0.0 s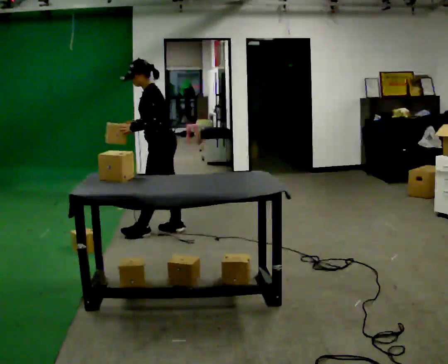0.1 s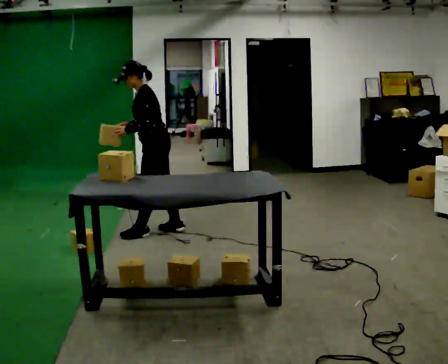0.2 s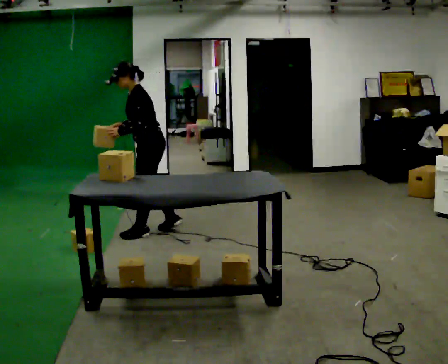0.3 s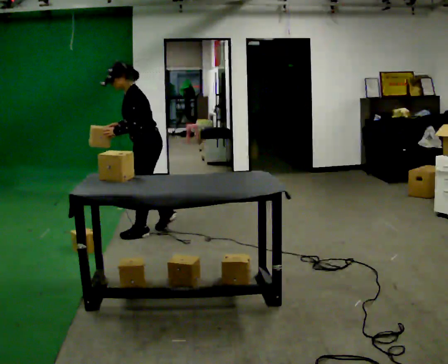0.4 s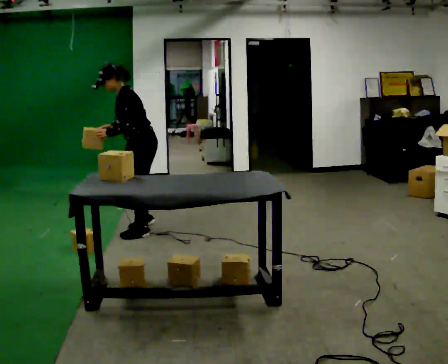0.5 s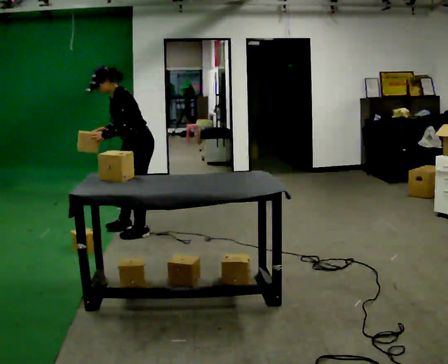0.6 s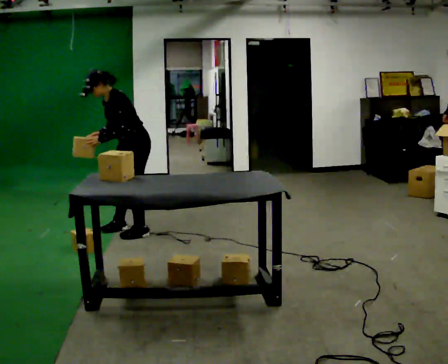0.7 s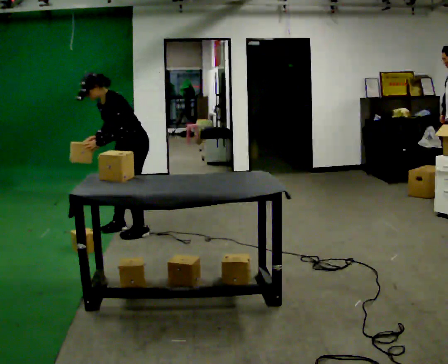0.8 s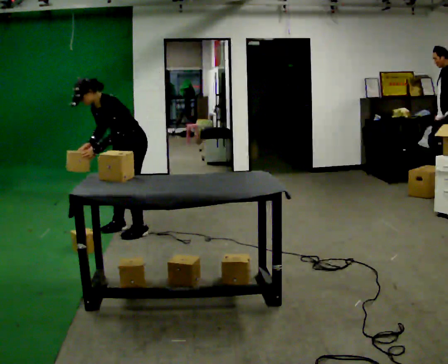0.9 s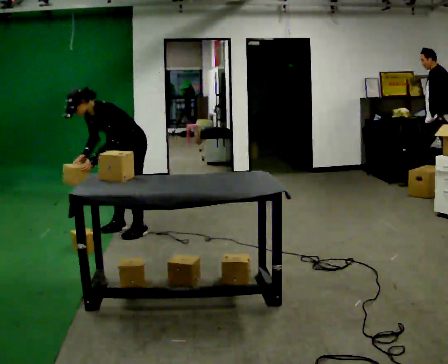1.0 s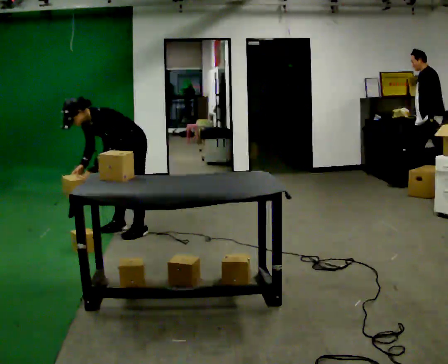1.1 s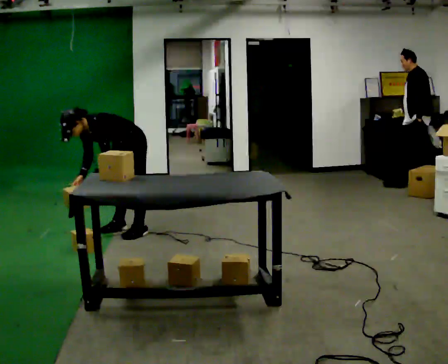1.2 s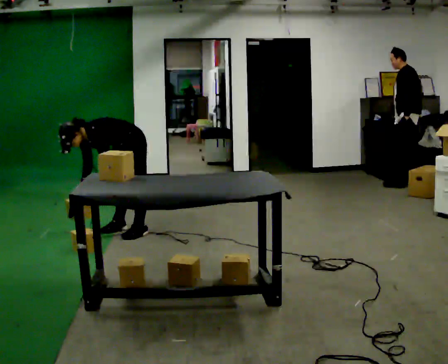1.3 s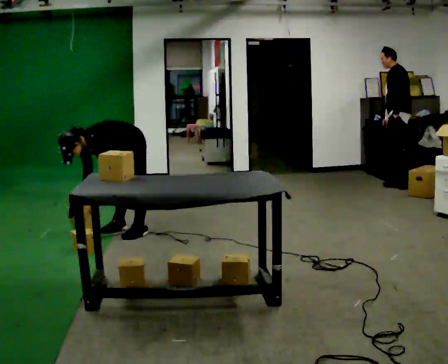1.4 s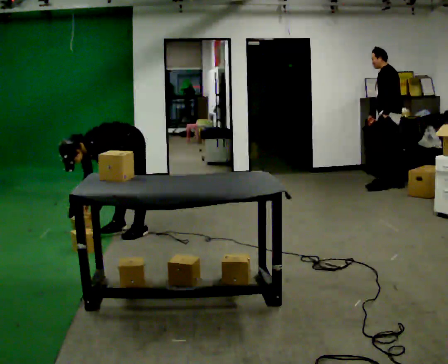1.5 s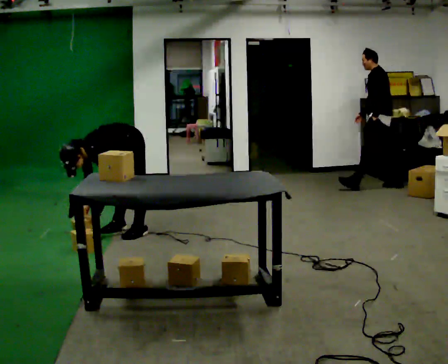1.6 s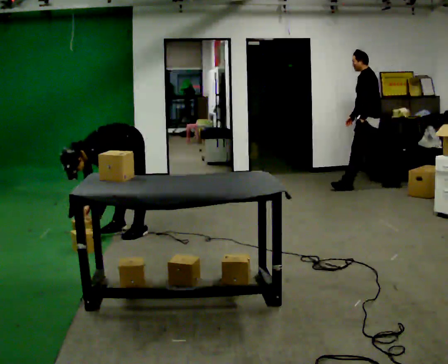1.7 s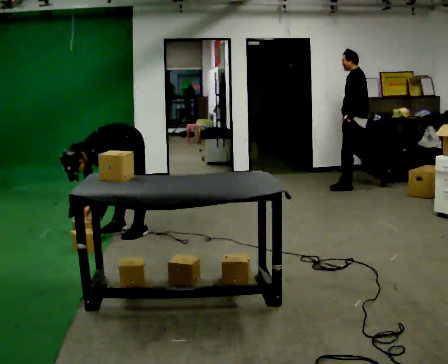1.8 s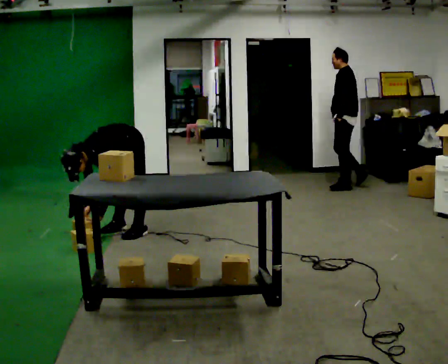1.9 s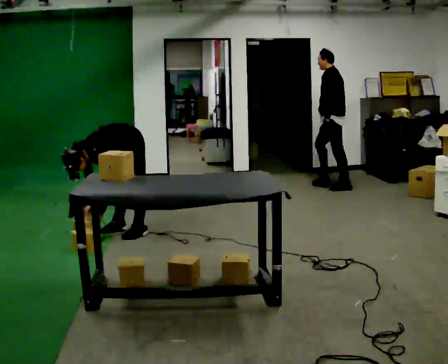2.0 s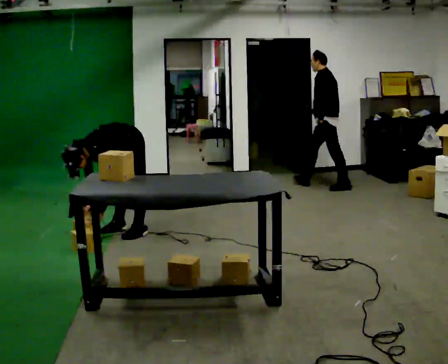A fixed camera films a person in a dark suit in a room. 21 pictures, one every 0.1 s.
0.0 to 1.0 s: The person turns about 30 degrees to their left, counterclockwise seen from above, so the part of the body nearest the lens slides to the right. In the picture they go to the left and away from the camera, about 0.25 m in 2 steps, which for them is forward and to their right. The upper body goes downward. In the picture the upper body tilts counterclockwise, shoulders to the left, as they bend forward. In the picture their left hand goes downward.
1.0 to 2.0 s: The upper body goes downward. The upper body tips toward the camera, its near side rolling downward, as they bend forward. In the picture their right hand goes downward.
The film runs forward here.
